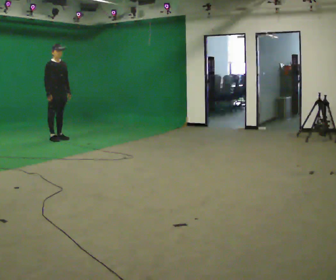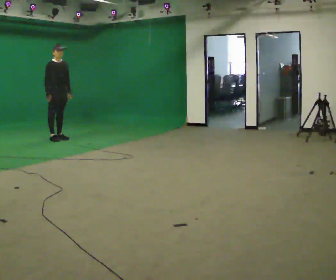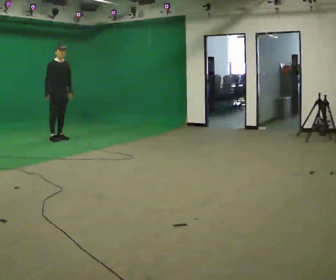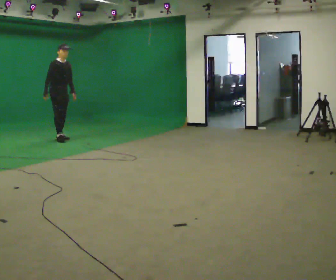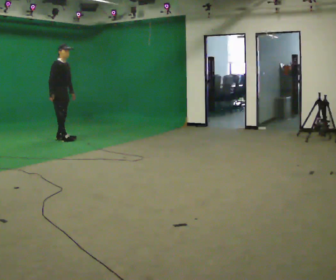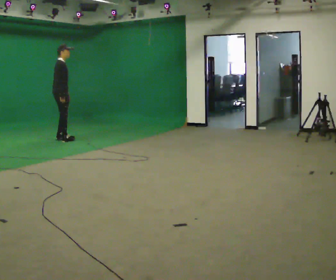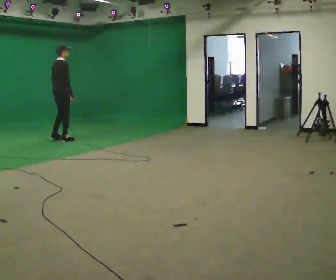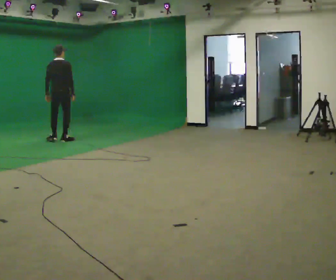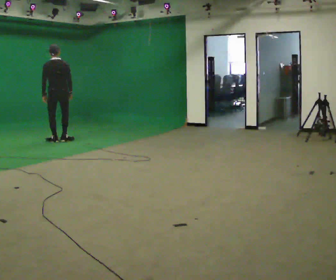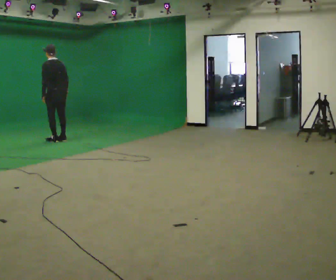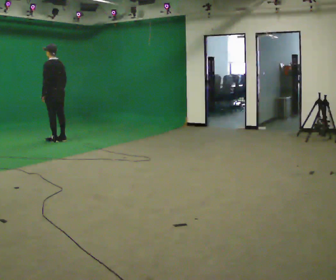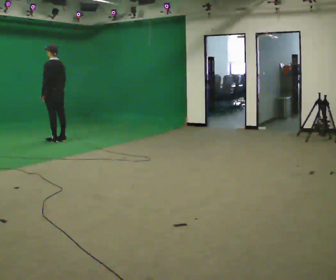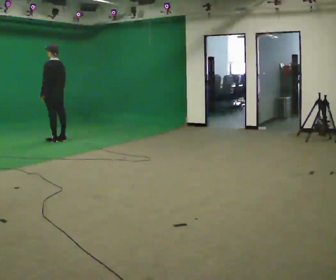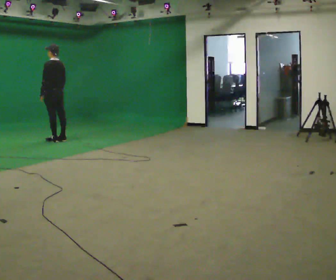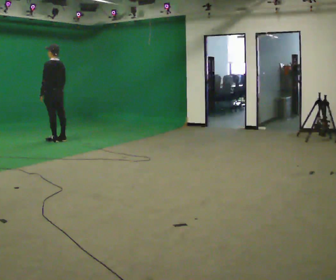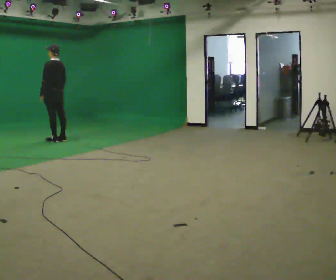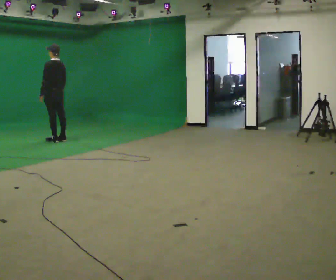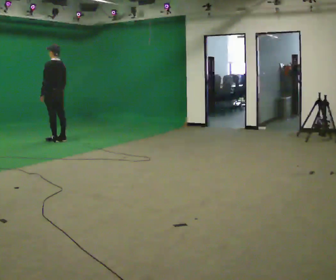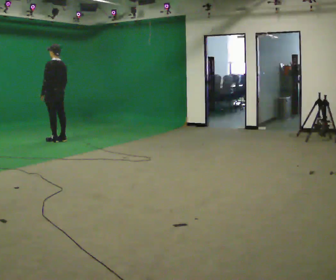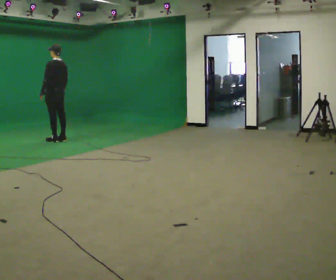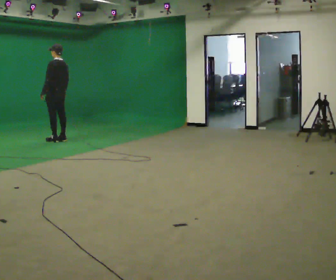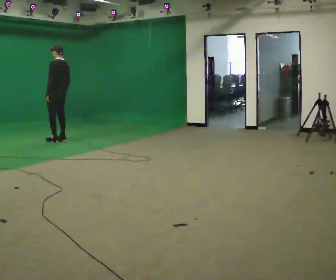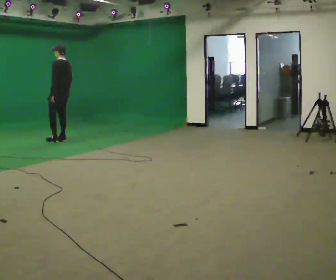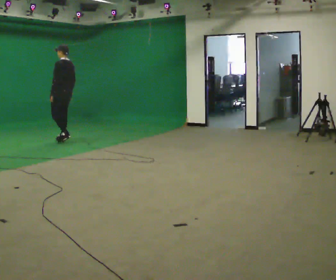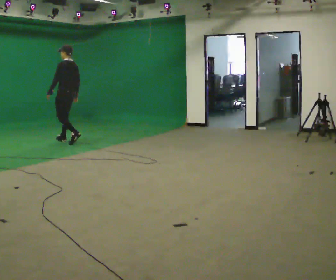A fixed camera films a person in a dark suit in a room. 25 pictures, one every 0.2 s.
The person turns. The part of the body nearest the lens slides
to the right.
The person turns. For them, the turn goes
to their left.
0.0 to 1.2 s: The person turns about 75 degrees to their left, counterclockwise seen from above, so the part of the body nearest the lens slides to the right.
1.2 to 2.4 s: Seen from above the body turns counterclockwise, about 120 degrees: to their left, with its near side sliding to the right.
2.4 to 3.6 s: The person keeps their place and pose.
3.6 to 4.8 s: In the picture they go to the right and toward the camera, about 0.25 m in 1 step, which for them is backward.
The film runs backward here.
